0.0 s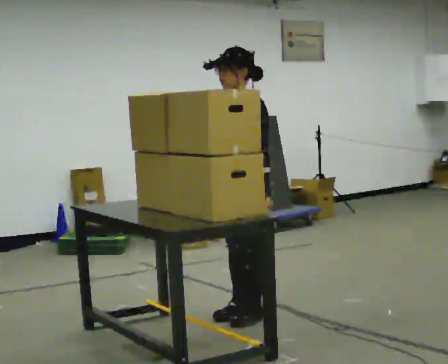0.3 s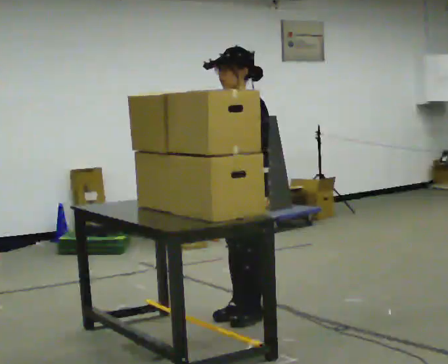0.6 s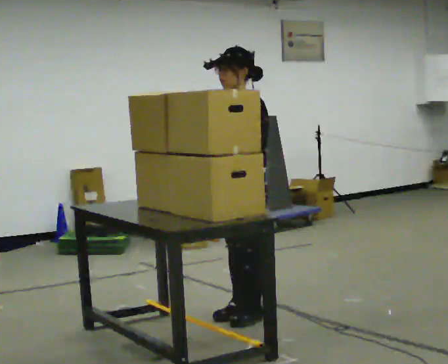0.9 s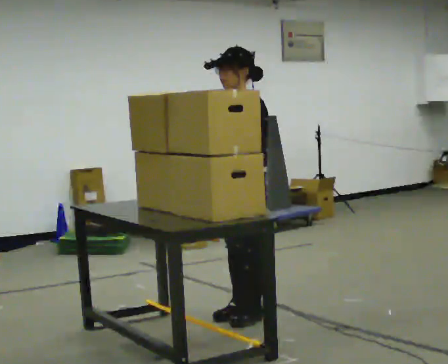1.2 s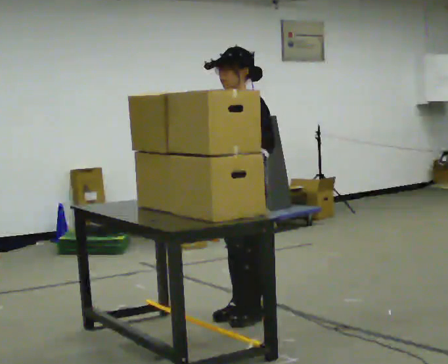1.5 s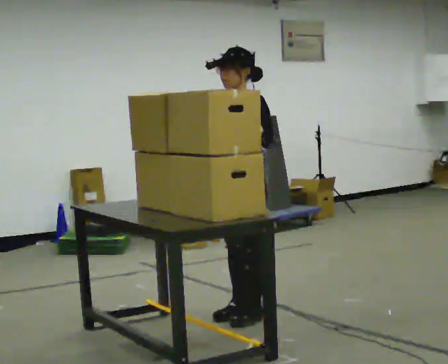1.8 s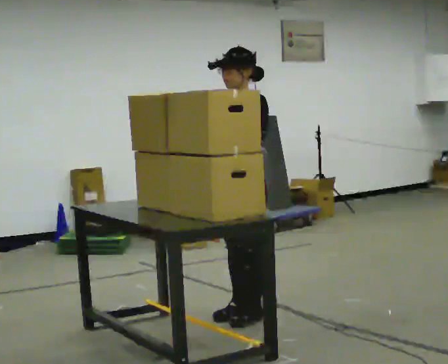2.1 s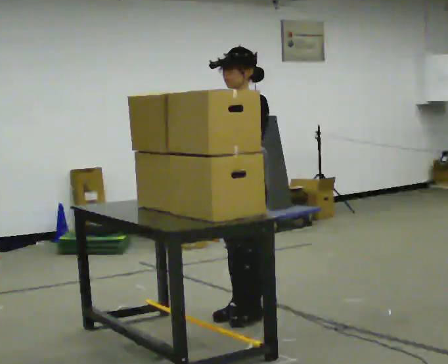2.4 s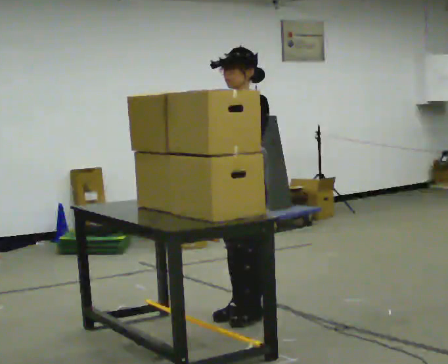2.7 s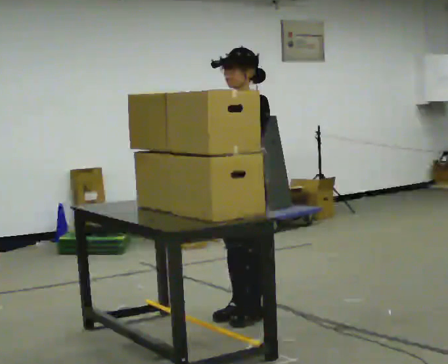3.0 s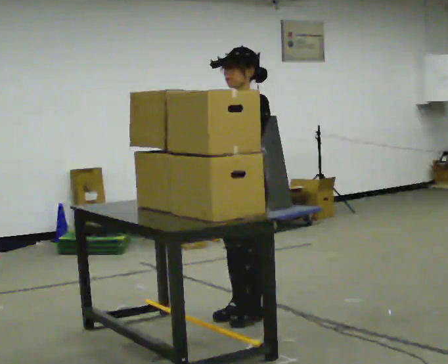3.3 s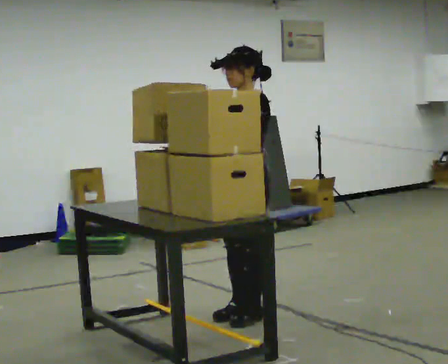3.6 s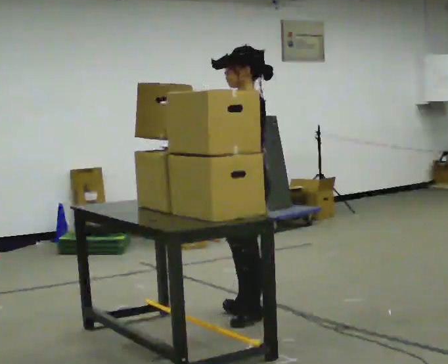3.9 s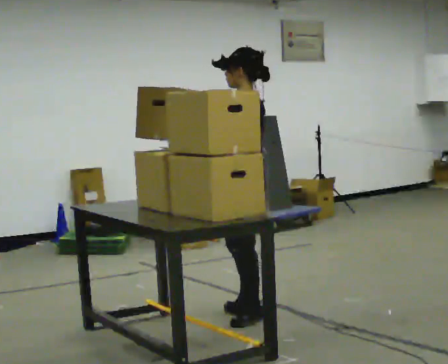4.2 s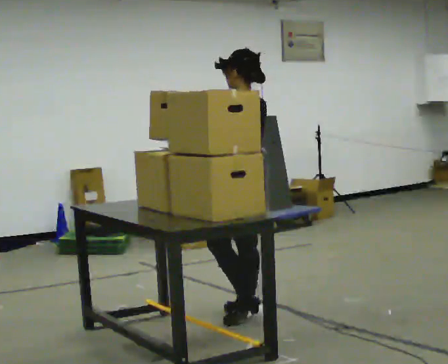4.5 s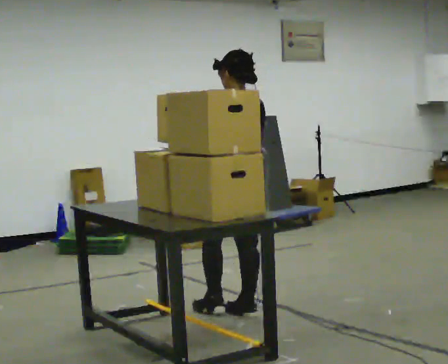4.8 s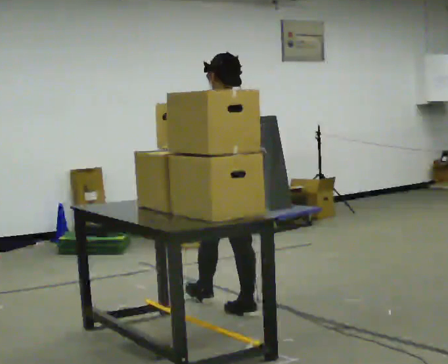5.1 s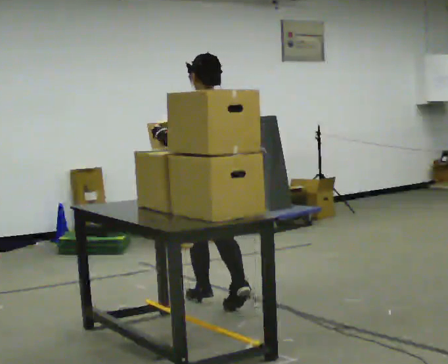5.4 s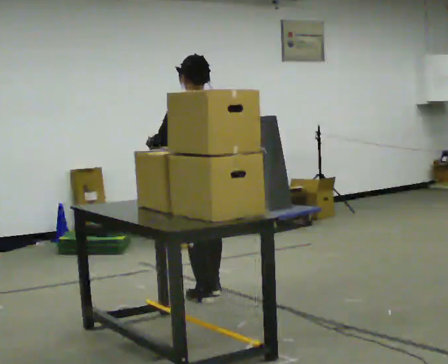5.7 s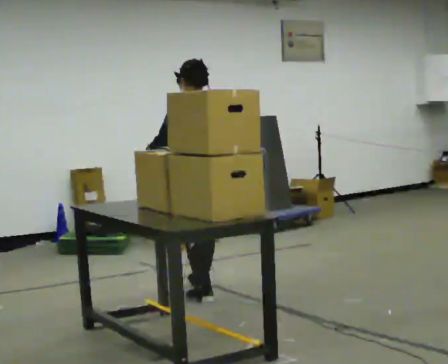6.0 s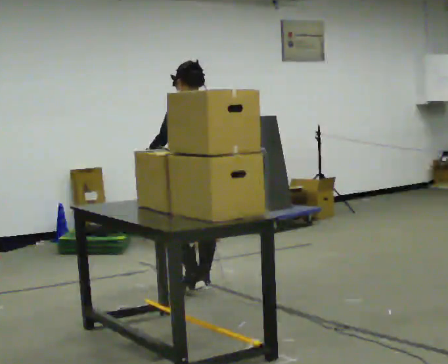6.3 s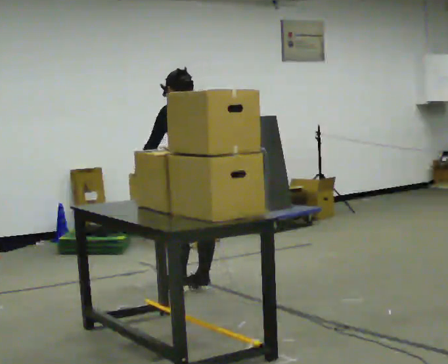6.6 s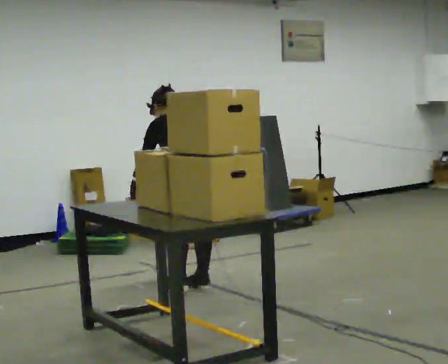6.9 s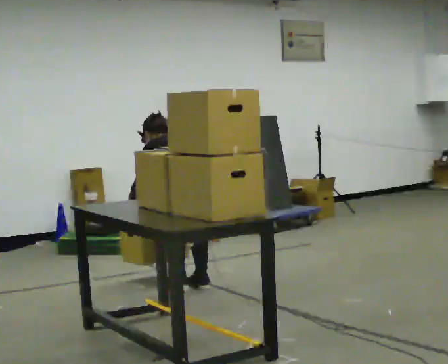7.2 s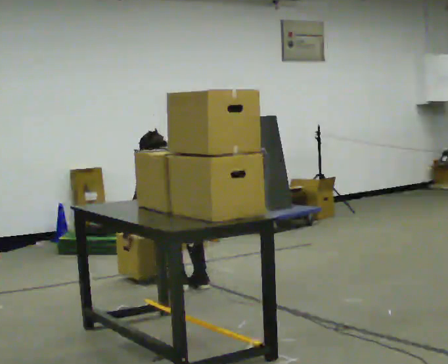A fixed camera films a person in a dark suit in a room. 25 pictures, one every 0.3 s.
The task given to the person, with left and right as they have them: Pick up the next box in the row and carry it to the table. The operator will not tell you how heavy each one is. Keep going until the operator says stop; one object at a time, and do not rush between trips.
0.0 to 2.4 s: In the picture their right hand goes upward, the arm swinging clockwise.
2.4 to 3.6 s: The part of the body nearest the lens slides to the left as the person turns to their right by about 45 degrees.
3.6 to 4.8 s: Seen from above the body turns clockwise, about 60 degrees: to their right, with its near side sliding to the left. In the picture they go away from the camera, about 0.25 m in 1 step.
4.8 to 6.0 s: In the picture they go away from the camera, about 0.5 m in 1 step, which for them is forward.
6.0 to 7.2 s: The upper body goes downward. The upper body tips away from the camera, its near side rolling upward, as they bend forward. In the picture their left hand goes downward.
The film runs forward here.
